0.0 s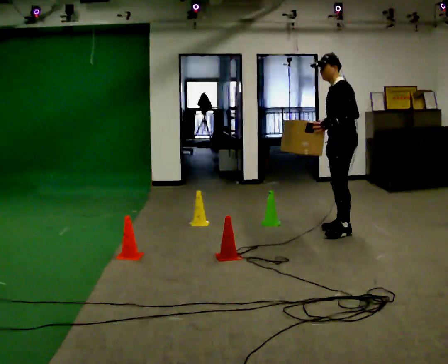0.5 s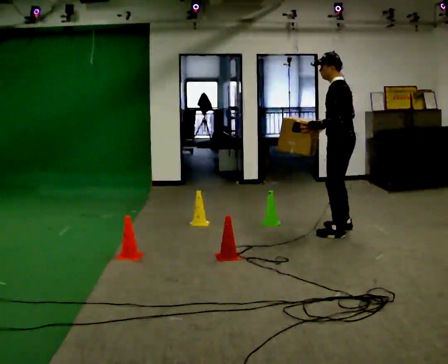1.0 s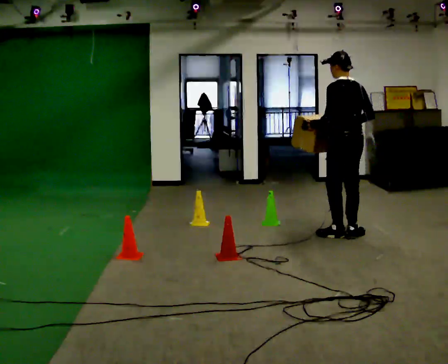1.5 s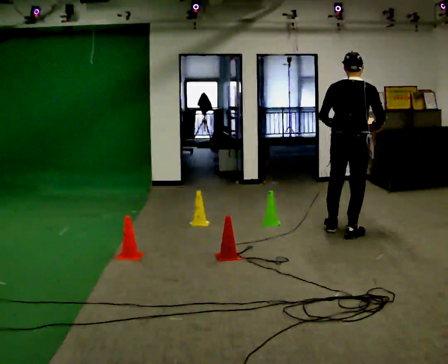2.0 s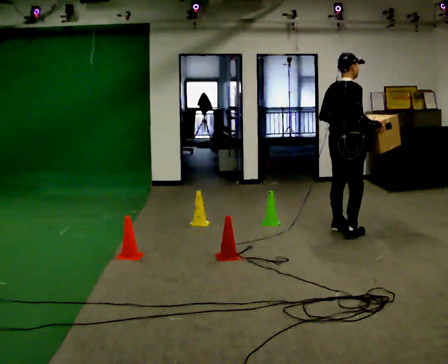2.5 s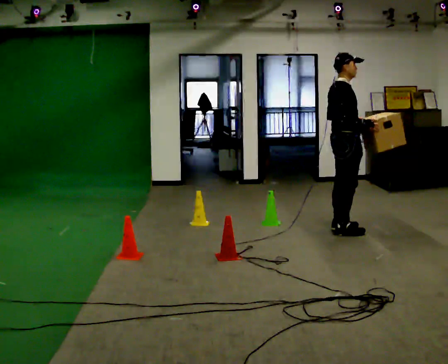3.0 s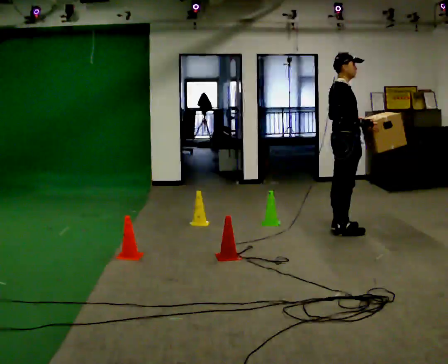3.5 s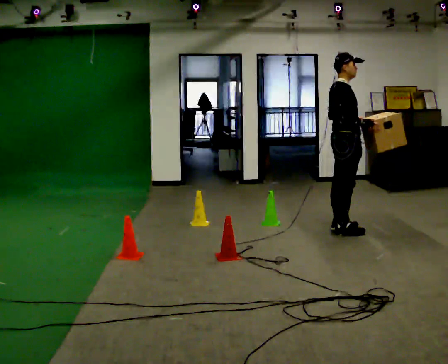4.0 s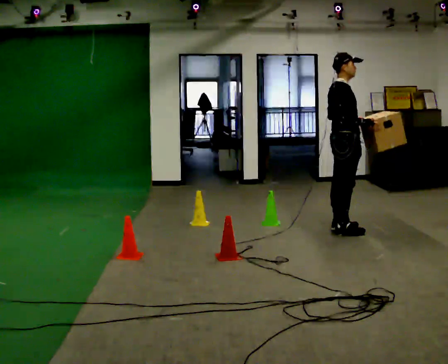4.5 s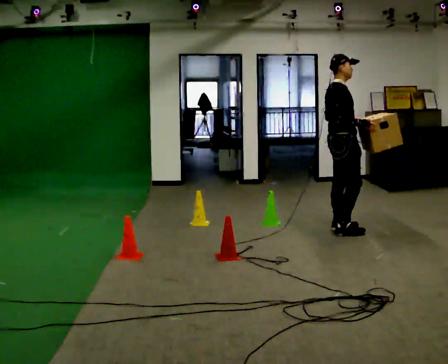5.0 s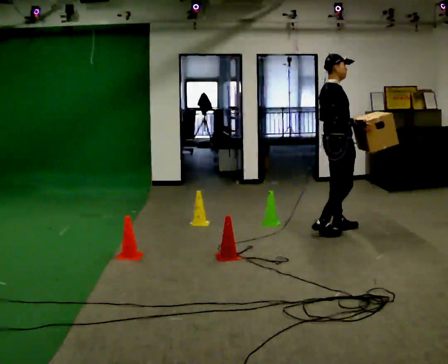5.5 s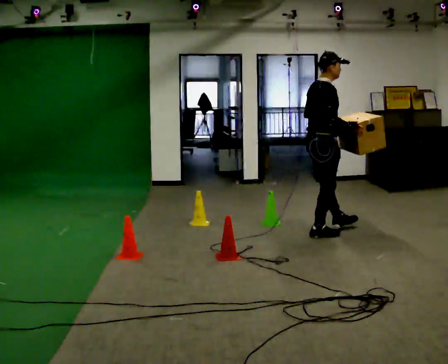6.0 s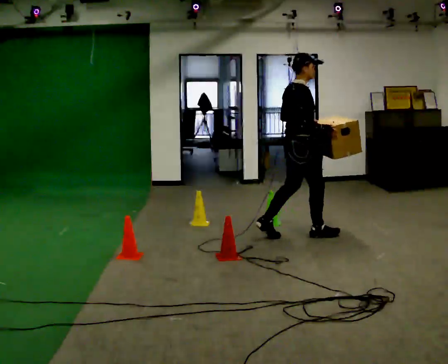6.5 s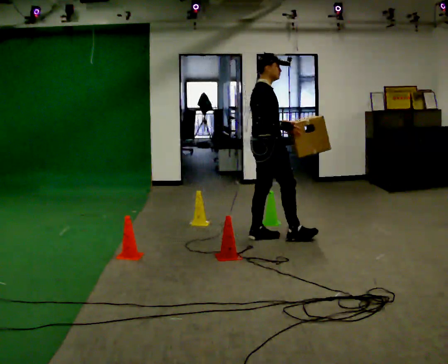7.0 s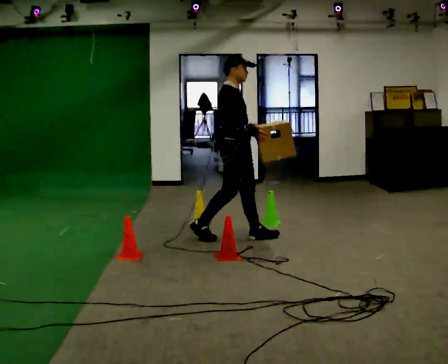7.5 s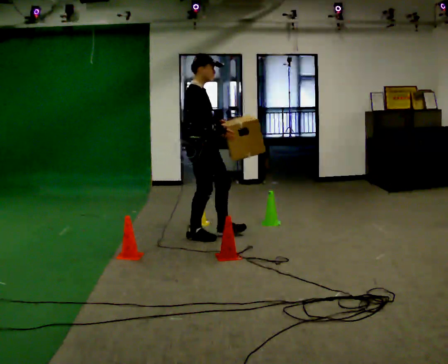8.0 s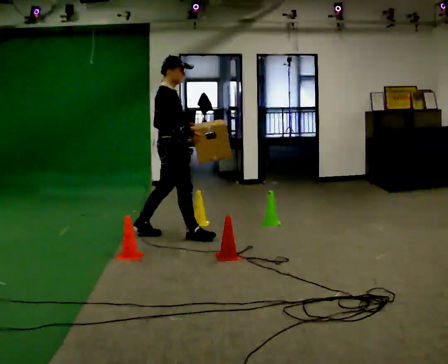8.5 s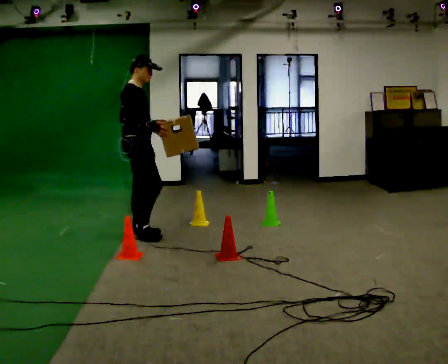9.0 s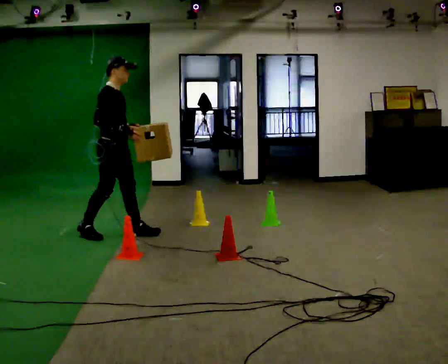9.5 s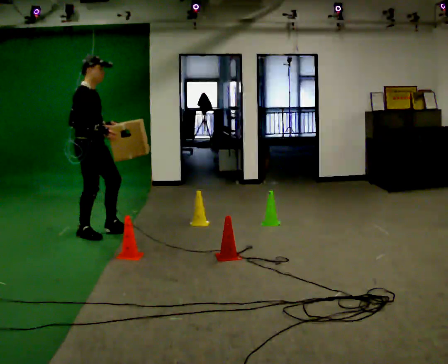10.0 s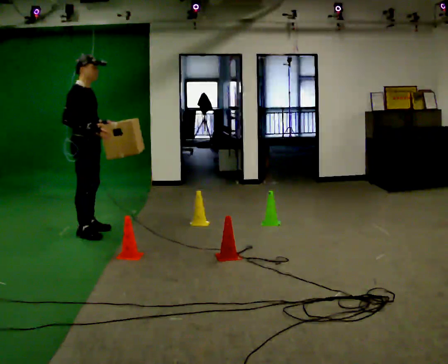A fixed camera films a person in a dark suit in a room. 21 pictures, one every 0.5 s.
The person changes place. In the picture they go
to the left.
0.0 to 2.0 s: The person turns about 150 degrees to their right, clockwise seen from above, so the part of the body nearest the lens slides to the left.
2.0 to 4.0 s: Seen from above the body turns clockwise, about 30 degrees: to their right, with its near side sliding to the left.
4.0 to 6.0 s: In the picture they go to the left and toward the camera, about 0.5 m in 2 steps, which for them is backward.
6.0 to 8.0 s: In the picture they go to the left, about 1 m in 2 steps, which for them is backward.
8.0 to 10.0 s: In the picture they go to the left, about 1 m in 2 steps, which for them is backward.
The film runs backward here.
